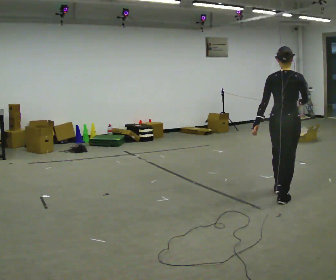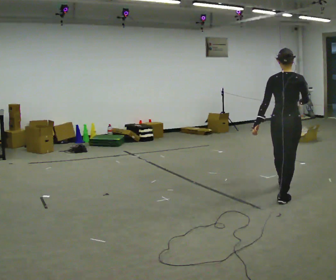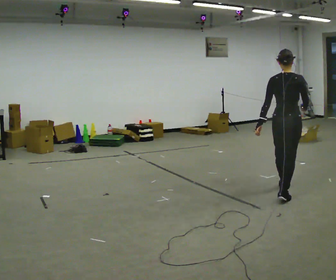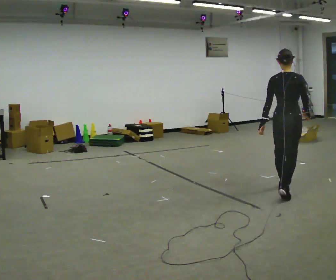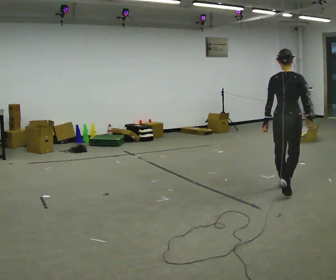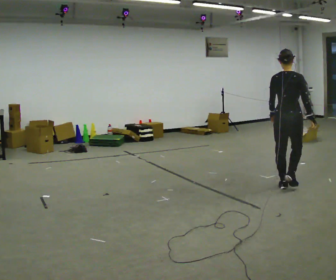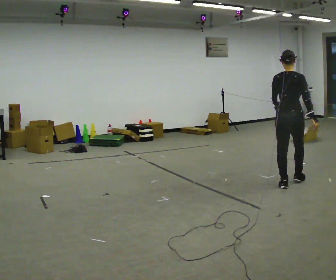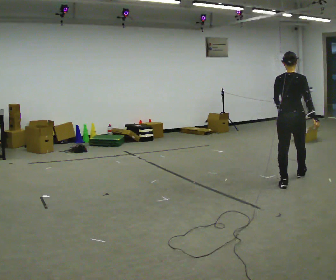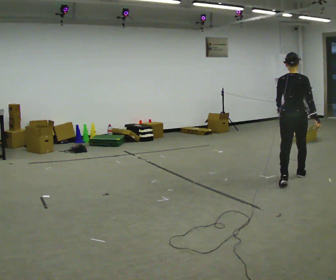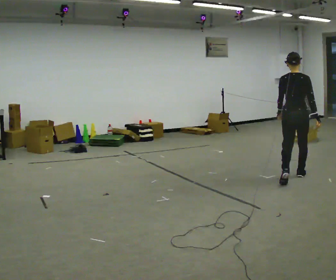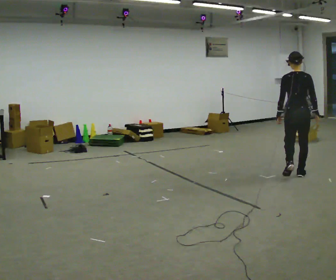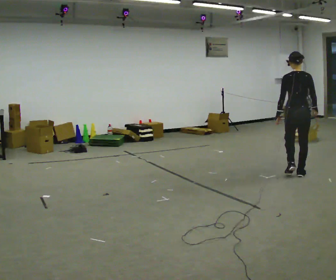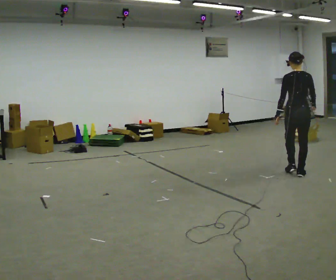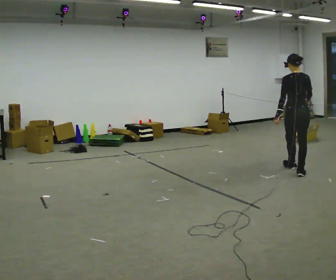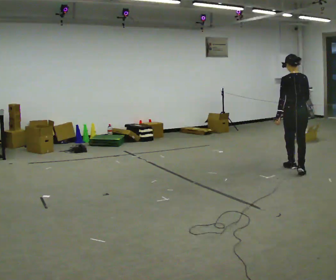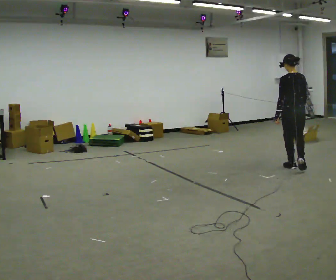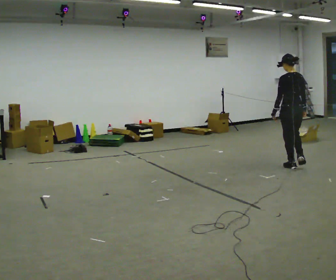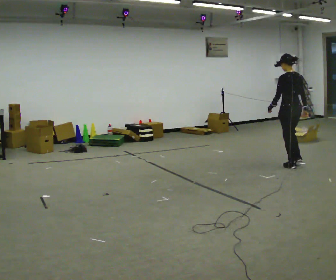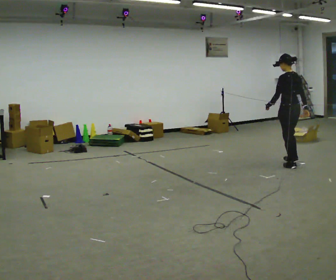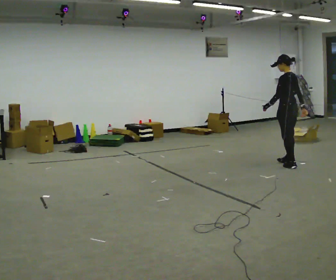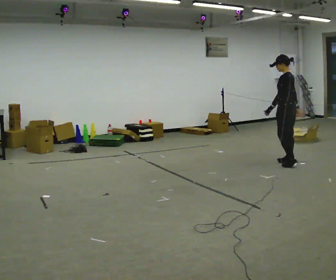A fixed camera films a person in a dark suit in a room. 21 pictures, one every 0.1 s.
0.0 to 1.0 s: In the picture they go away from the camera, about 1 m in 2 steps, which for them is forward.
1.0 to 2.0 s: The part of the body nearest the lens slides to the right as the person turns to their left by about 75 degrees. In the picture they go away from the camera, about 0.75 m in 2 steps.
The film runs forward here.
